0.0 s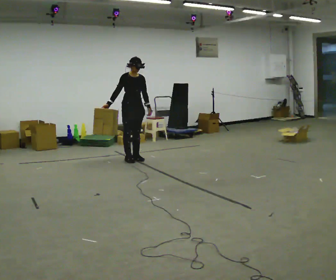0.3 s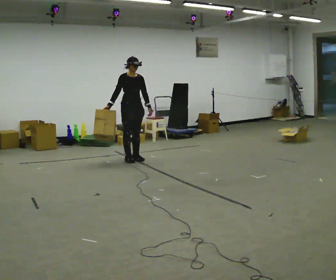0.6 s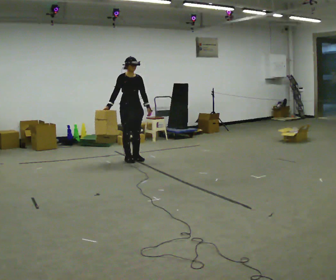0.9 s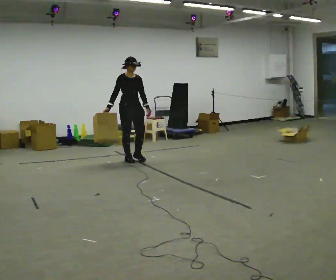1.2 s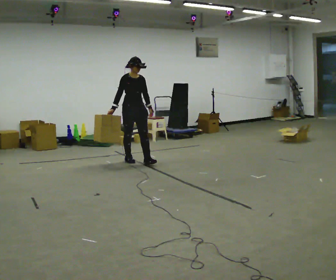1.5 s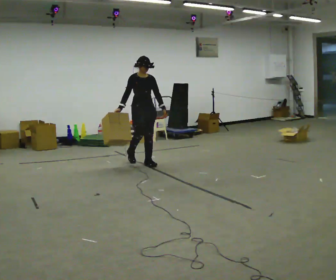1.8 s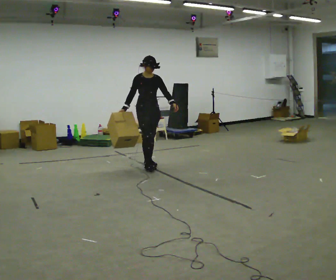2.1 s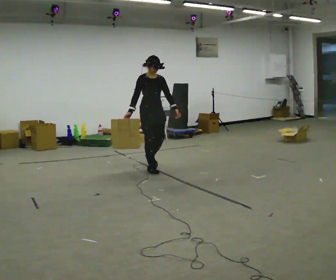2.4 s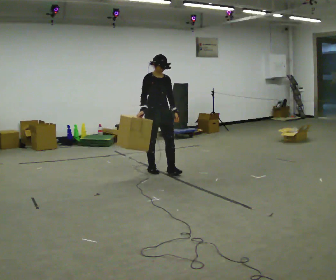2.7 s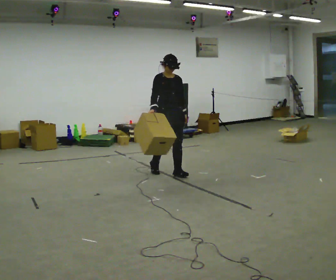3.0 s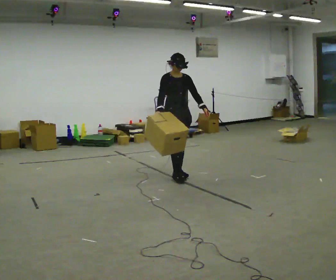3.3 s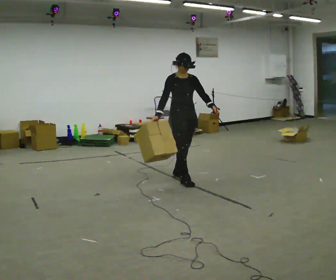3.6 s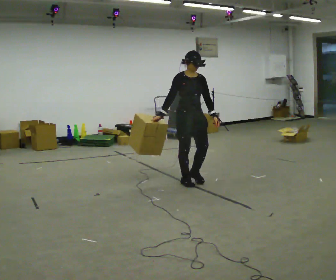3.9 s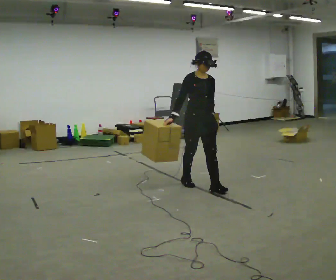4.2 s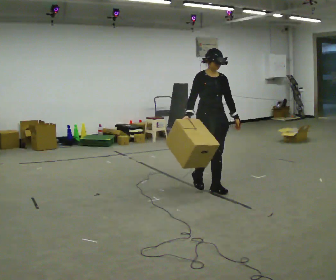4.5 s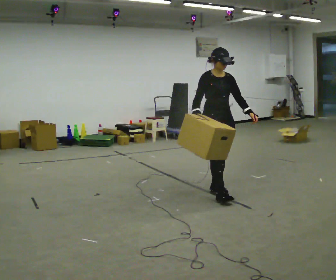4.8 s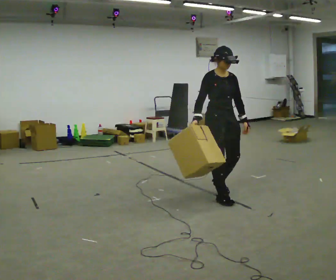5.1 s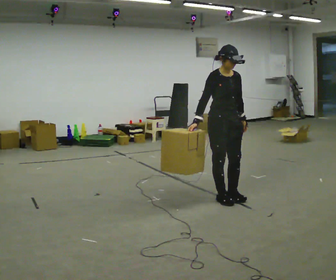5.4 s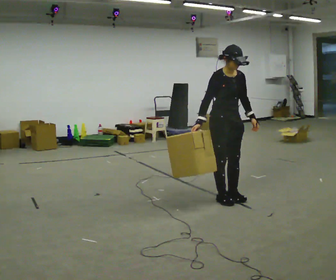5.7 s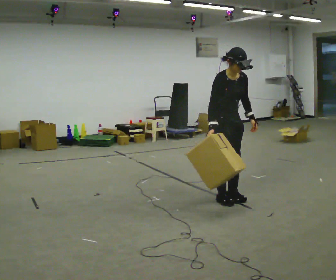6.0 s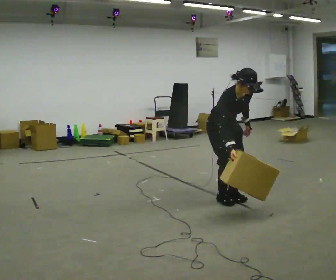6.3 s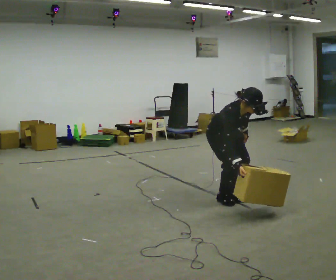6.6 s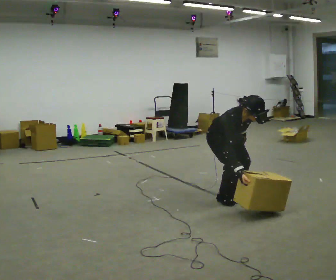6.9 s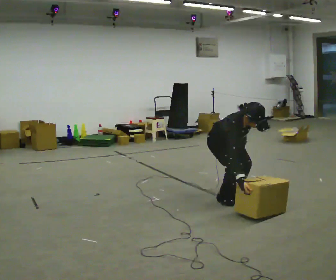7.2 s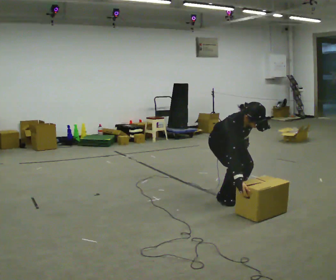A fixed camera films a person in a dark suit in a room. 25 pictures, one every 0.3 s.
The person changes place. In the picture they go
toward the camera.
0.0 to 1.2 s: In the picture they go toward the camera, about 0.25 m, which for them is forward.
1.2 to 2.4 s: In the picture they go toward the camera and to the right, about 0.5 m in 2 steps, which for them is forward.
2.4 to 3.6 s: In the picture they go toward the camera and to the right, about 0.5 m in 2 steps, which for them is forward.
3.6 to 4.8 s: In the picture they go toward the camera and to the right, about 0.75 m in 2 steps, which for them is forward.
4.8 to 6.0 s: The shoulders move downward. The upper body tips toward the camera, its near side rolling downward, as they bend forward.
6.0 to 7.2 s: The shoulders move downward. The upper body tips toward the camera, its near side rolling downward, as they bend forward.
The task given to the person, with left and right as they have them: Carry the box straight from one end of the room to the other, set it down, then bring it back. Keep going until the operator says stop; one object at a time, and do not rush between trips.
The film runs forward here.
